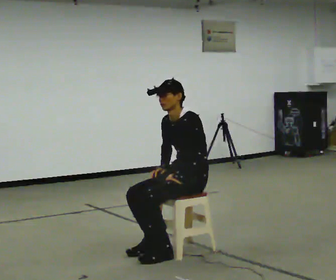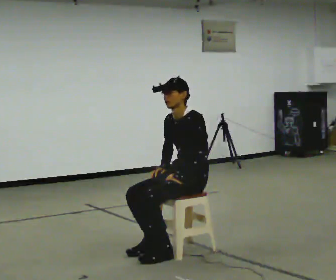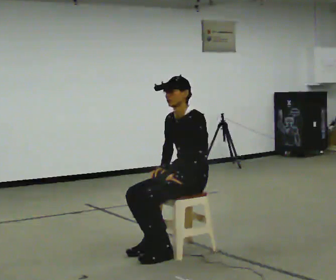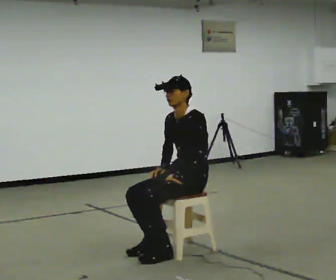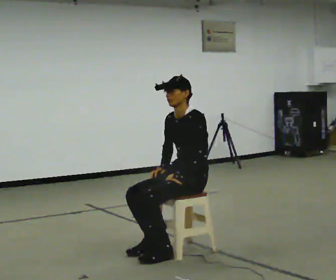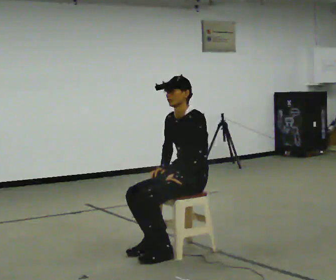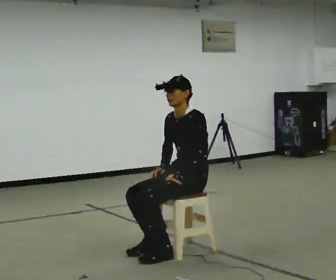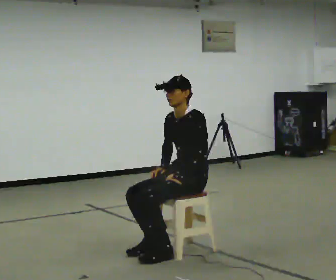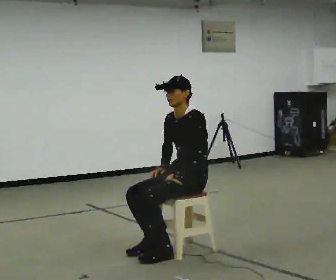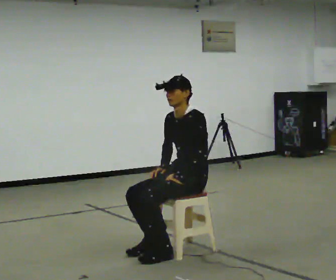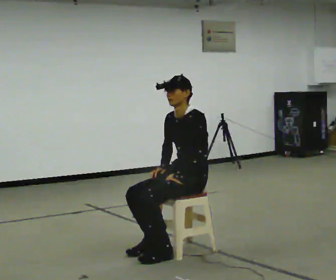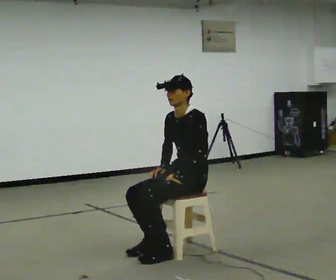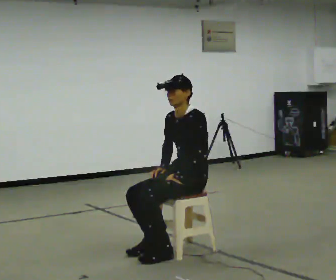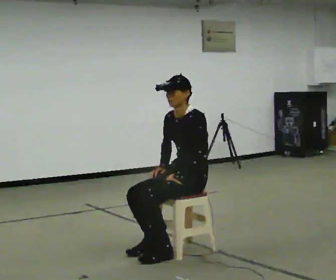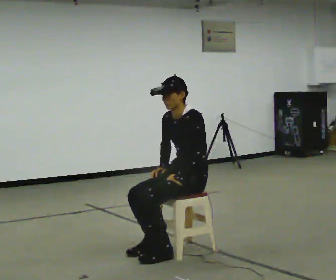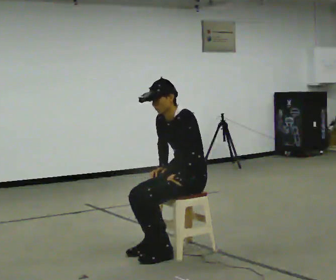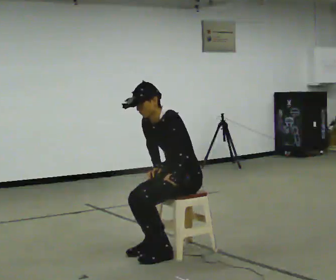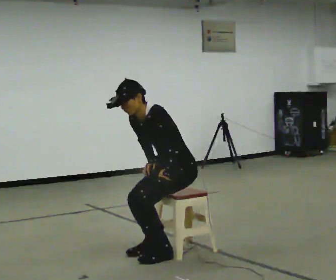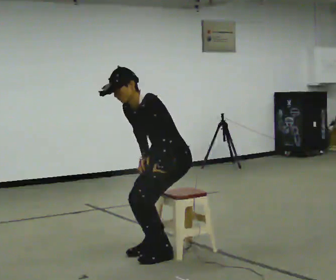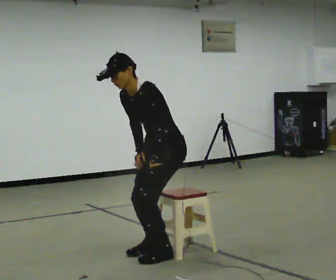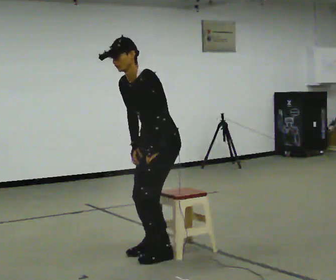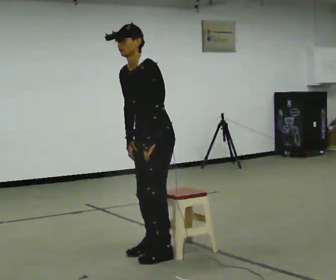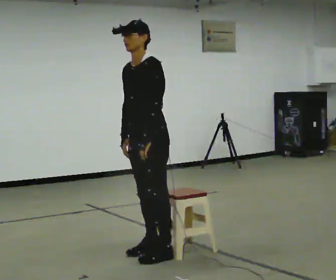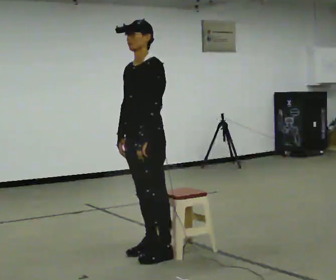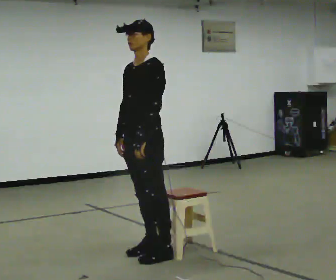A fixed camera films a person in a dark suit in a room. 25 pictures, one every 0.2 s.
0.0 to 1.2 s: The person moves a little, or ends about where they began.
1.2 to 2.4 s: The person keeps their place and pose.
2.4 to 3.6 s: In the picture the upper body tilts counterclockwise, shoulders to the left, as they bend forward.
3.6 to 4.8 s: In the picture they go to the left, about 0.25 m, which for them is forward. The shoulders move upward. In the picture the upper body tilts clockwise, shoulders to the right, as they lean back or straighten.
The film runs backward here.
